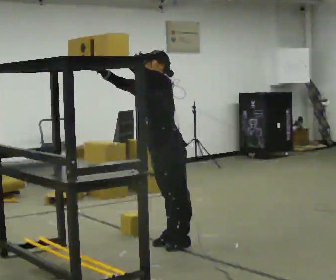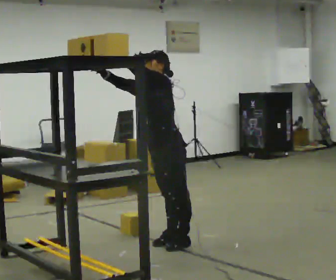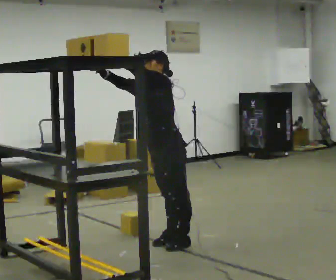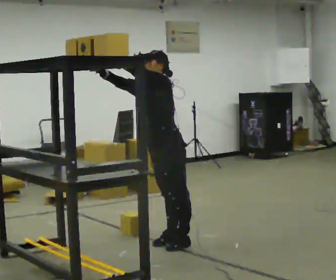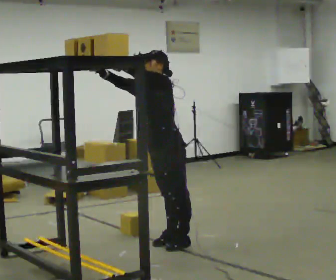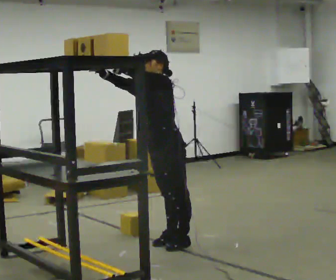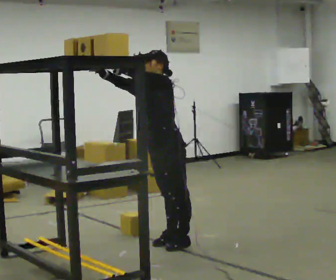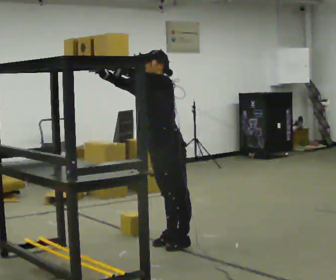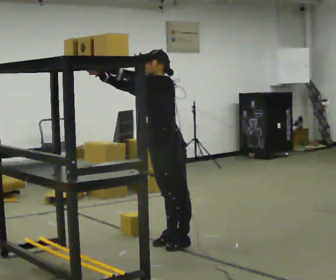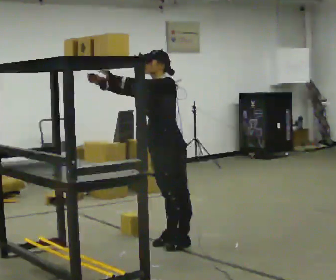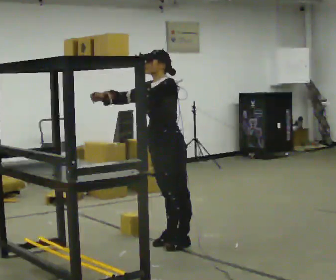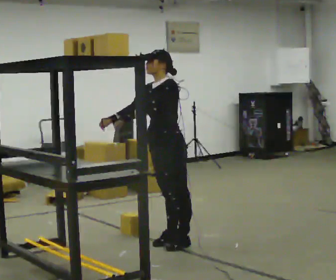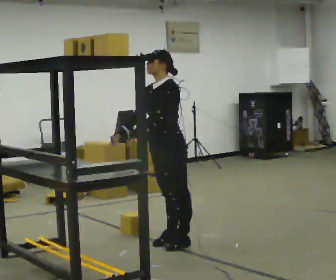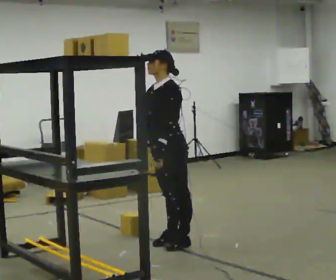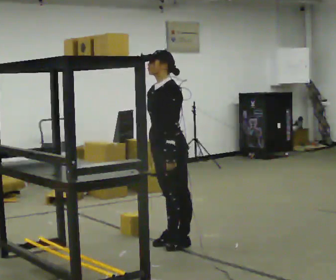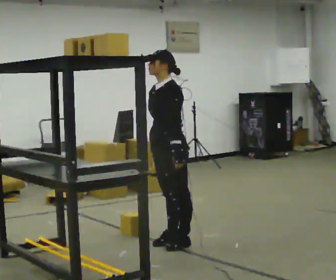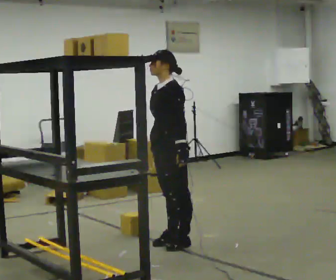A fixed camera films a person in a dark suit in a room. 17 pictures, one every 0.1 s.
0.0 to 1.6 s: In the picture their right hand goes downward and to the right, the arm swinging counterclockwise.
The film runs forward here.
